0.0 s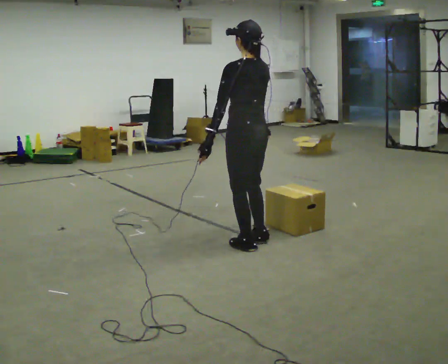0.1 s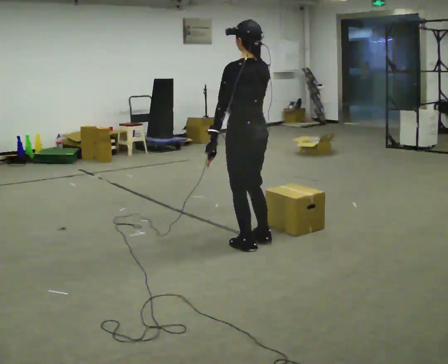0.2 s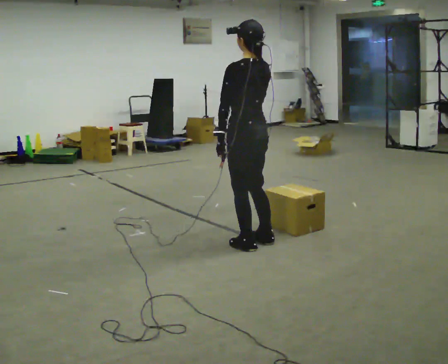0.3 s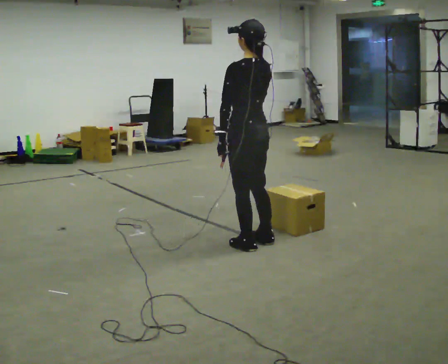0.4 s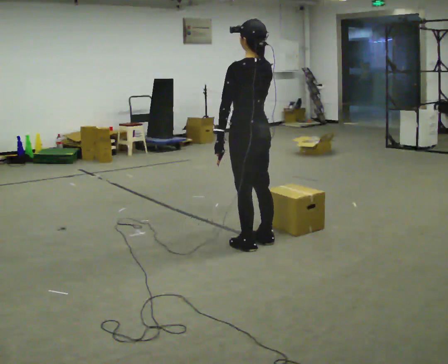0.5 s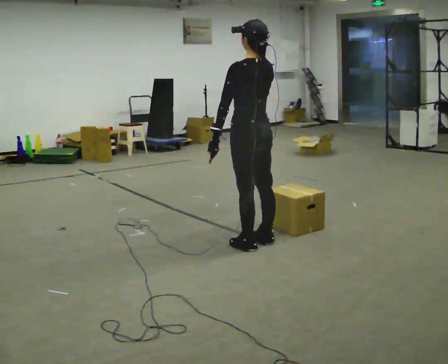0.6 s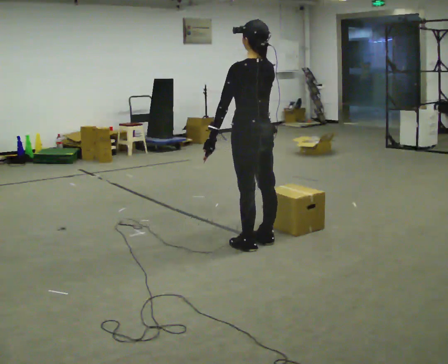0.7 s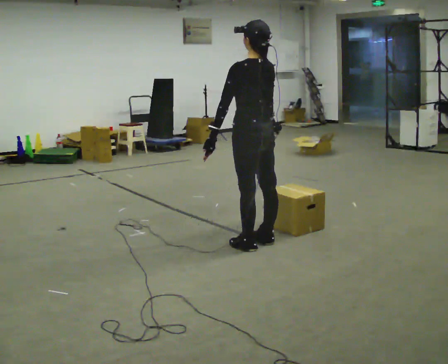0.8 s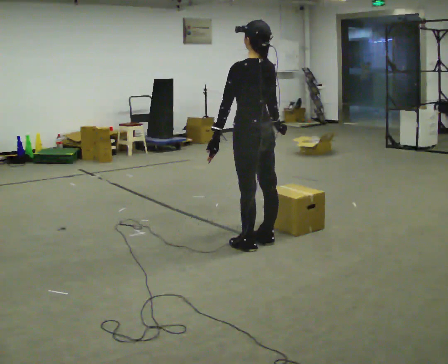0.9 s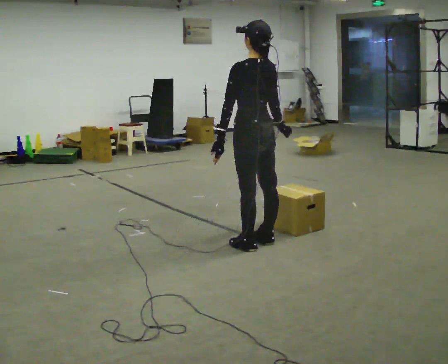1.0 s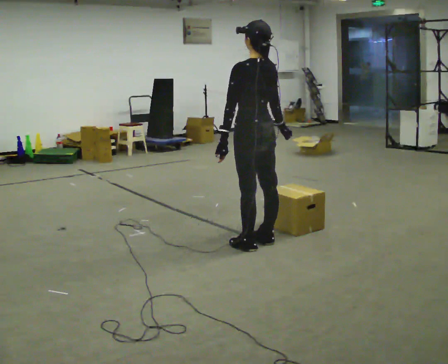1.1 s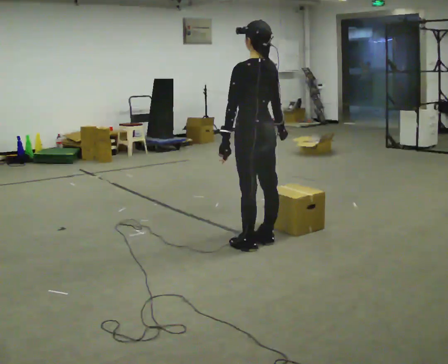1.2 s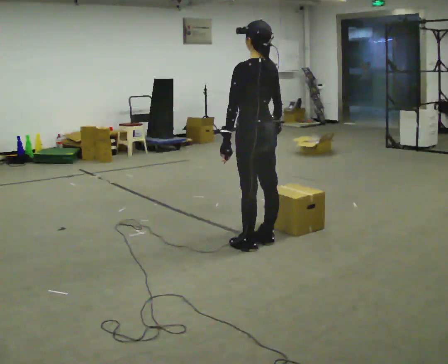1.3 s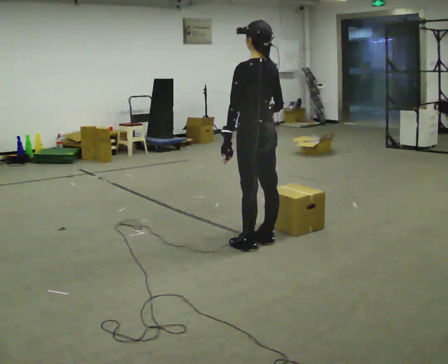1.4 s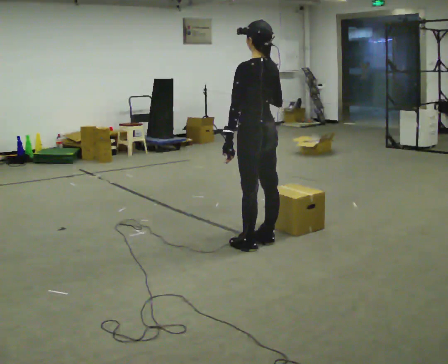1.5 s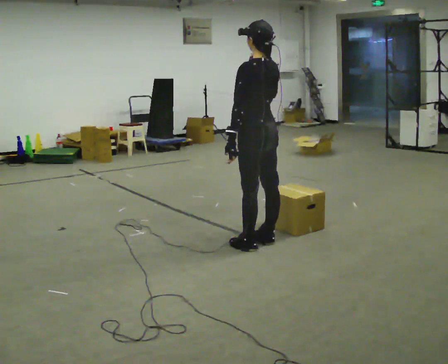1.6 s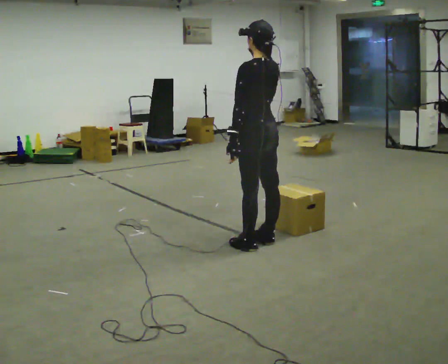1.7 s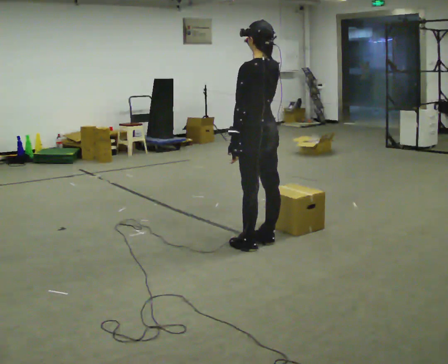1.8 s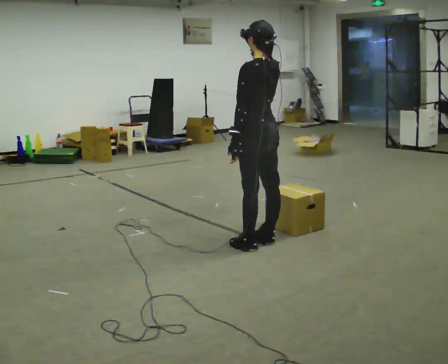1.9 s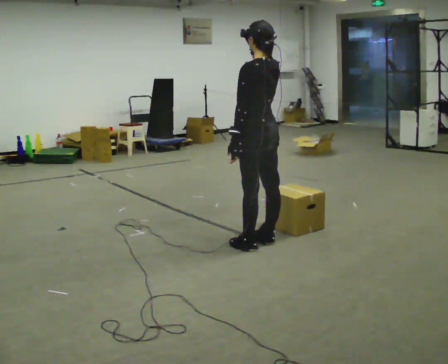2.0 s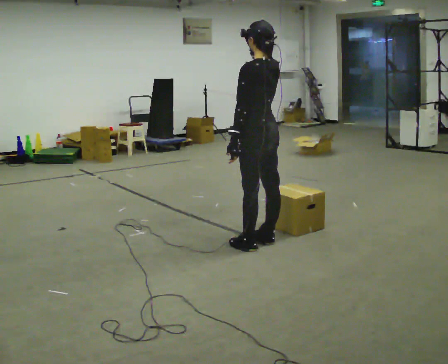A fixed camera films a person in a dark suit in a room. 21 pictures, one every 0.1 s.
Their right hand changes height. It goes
upward.
0.0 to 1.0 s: The person moves a little, or ends about where they began.
1.0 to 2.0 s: In the picture their right hand goes upward.
The film runs forward here.
